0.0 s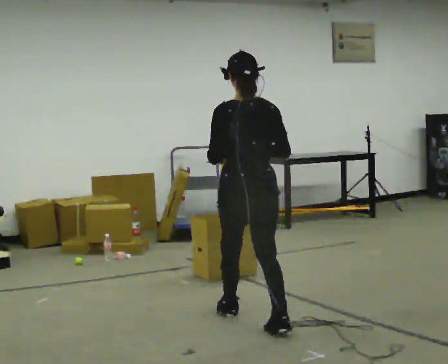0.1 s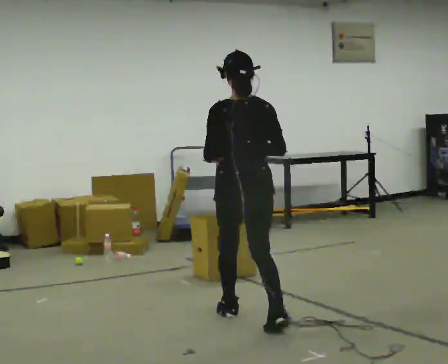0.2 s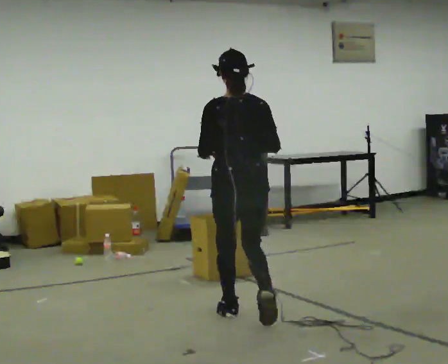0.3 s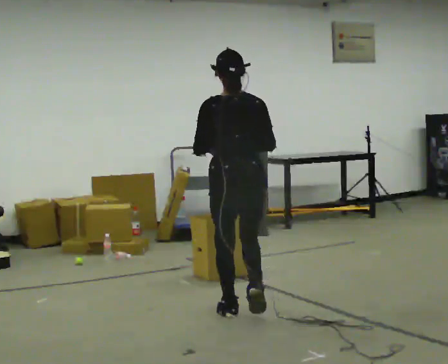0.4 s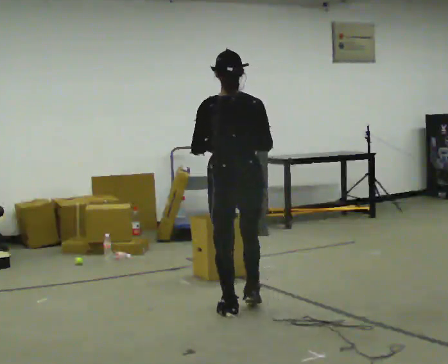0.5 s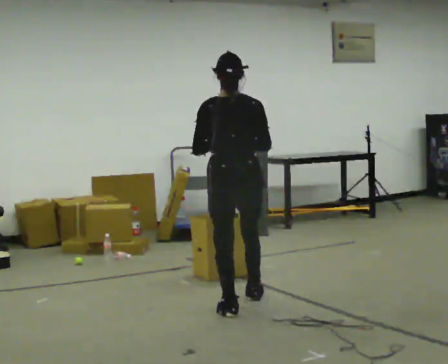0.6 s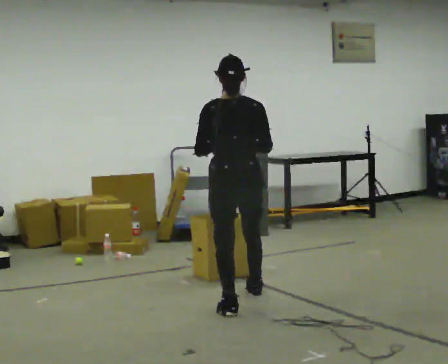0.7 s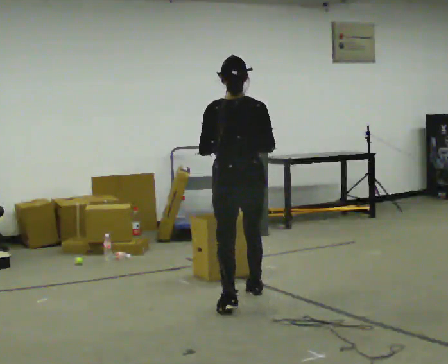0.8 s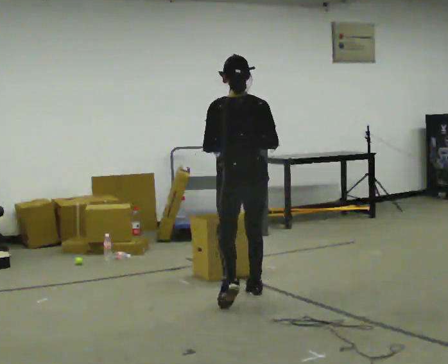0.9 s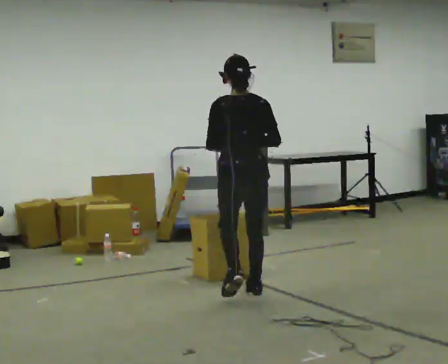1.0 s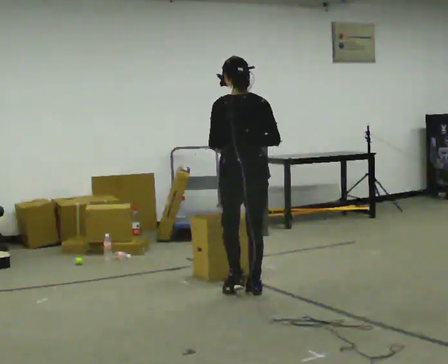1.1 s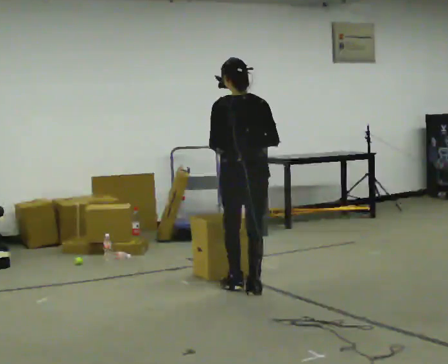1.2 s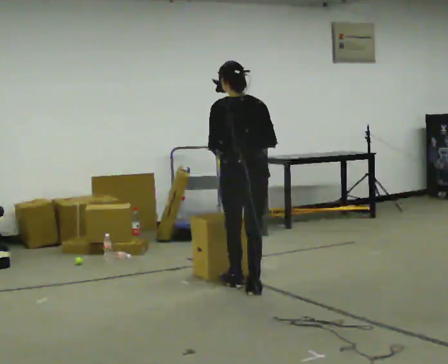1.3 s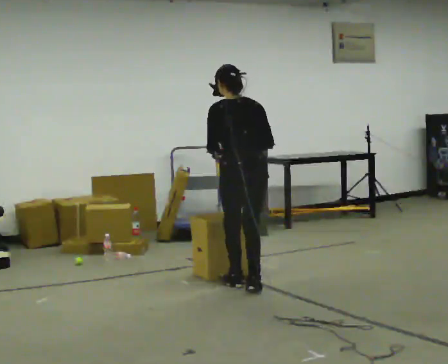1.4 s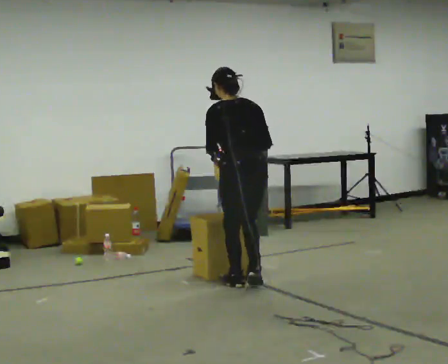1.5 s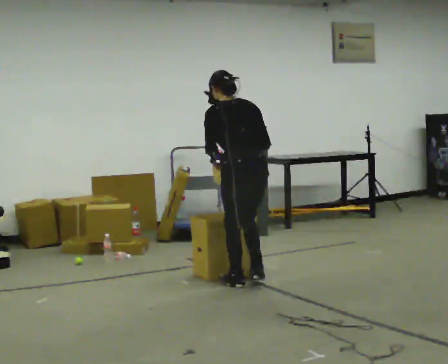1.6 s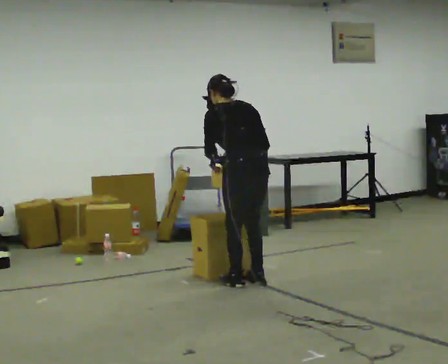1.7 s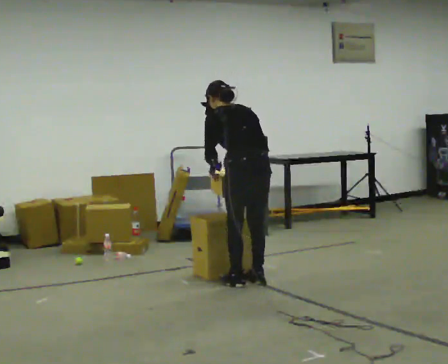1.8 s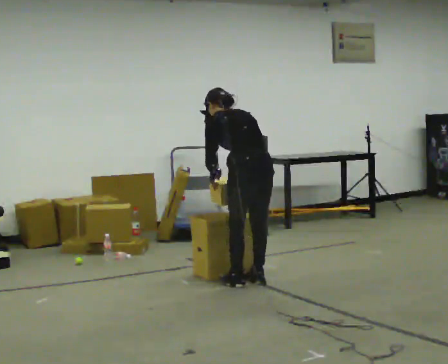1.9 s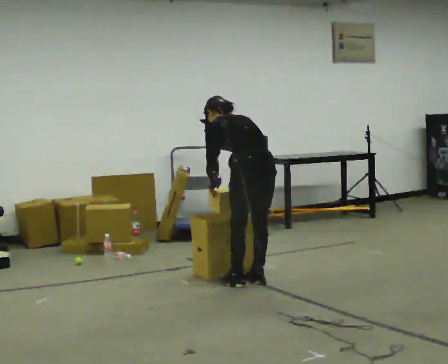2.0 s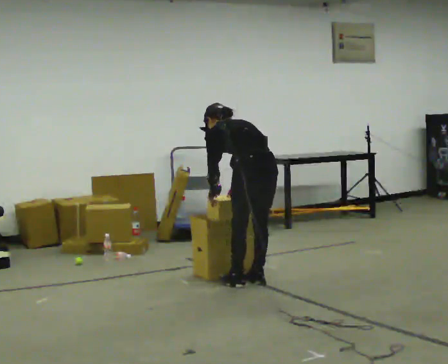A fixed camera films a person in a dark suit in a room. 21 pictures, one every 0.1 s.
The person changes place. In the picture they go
away from the camera.
The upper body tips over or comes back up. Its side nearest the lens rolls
upward.
0.0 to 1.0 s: In the picture they go away from the camera, about 0.75 m in 1 step, which for them is forward.
1.0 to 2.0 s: In the picture they go away from the camera, about 0.25 m in 2 steps, which for them is forward and to their right. The upper body goes downward. The upper body tips away from the camera, its near side rolling upward, as they bend forward. In the picture their right hand goes downward.
The film runs forward here.
